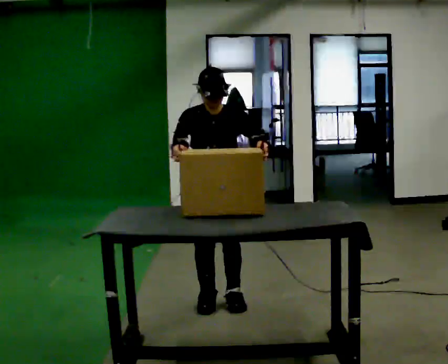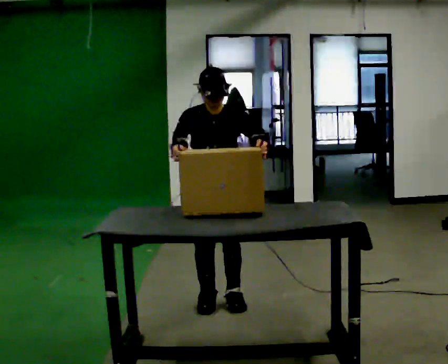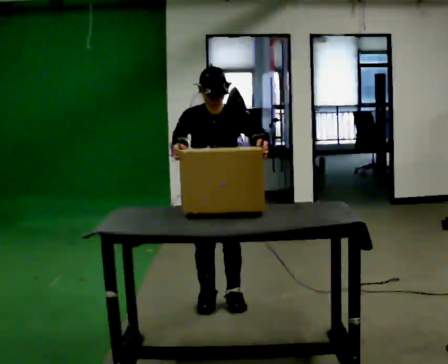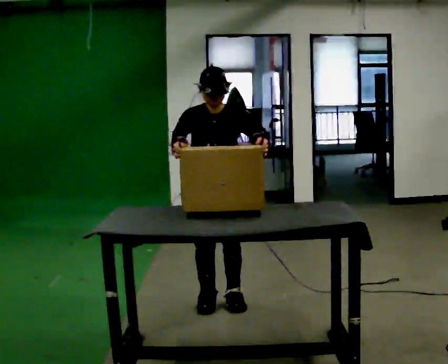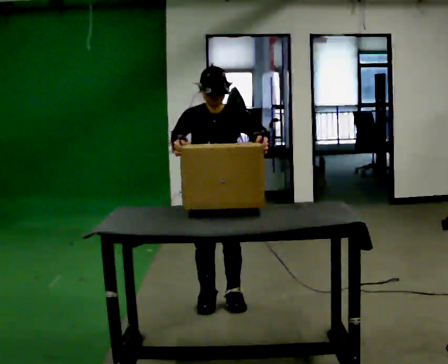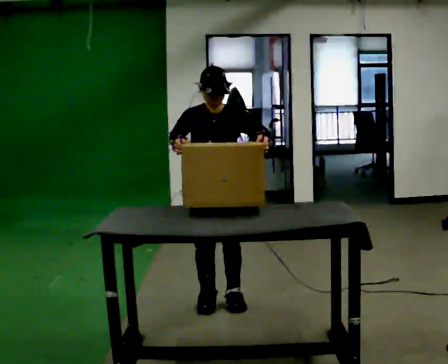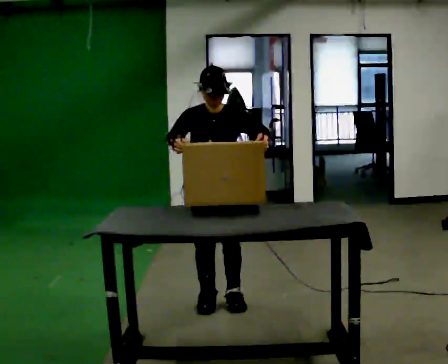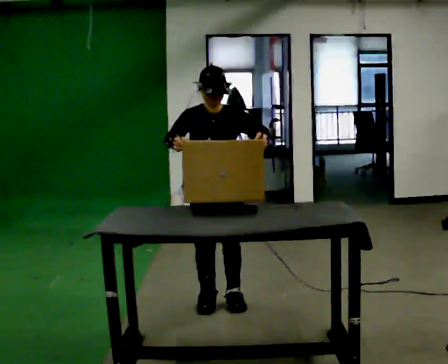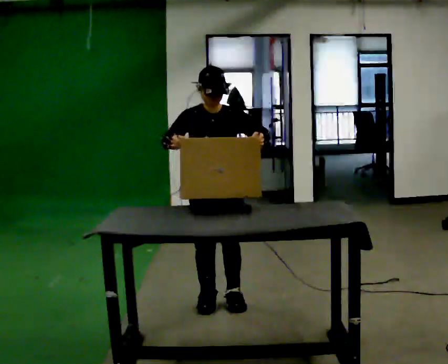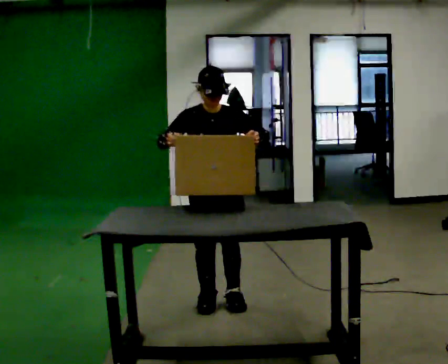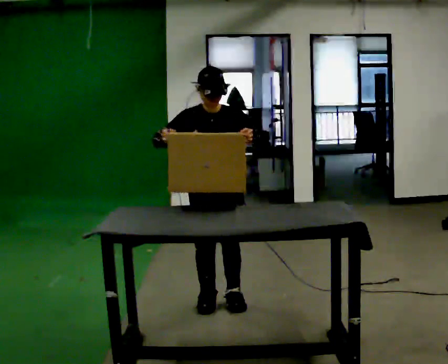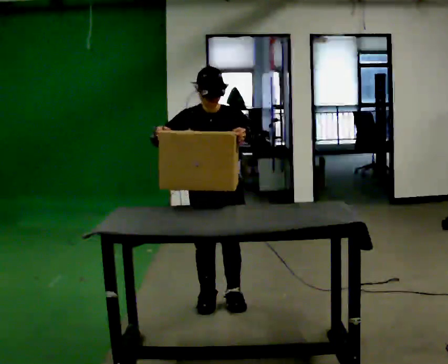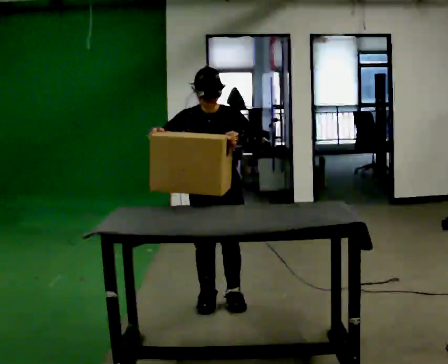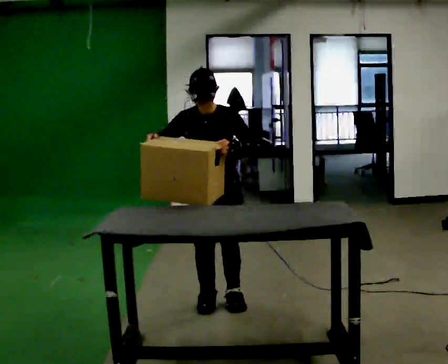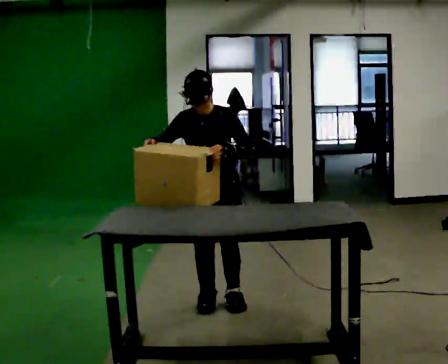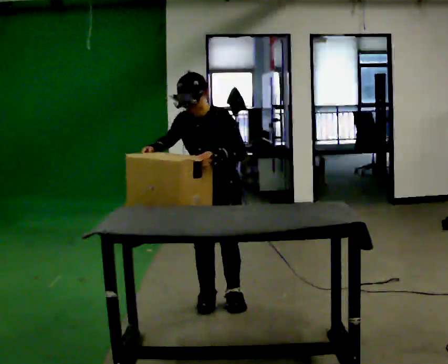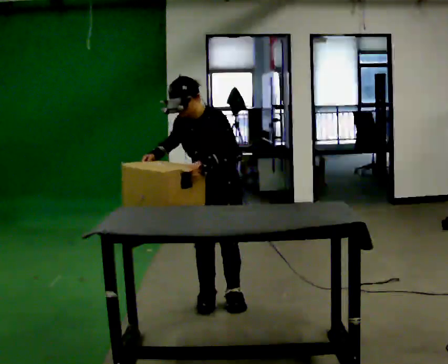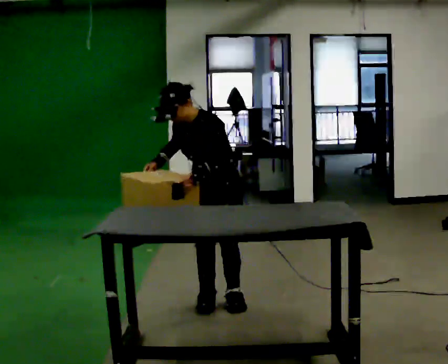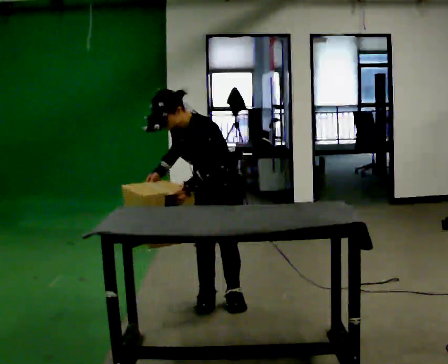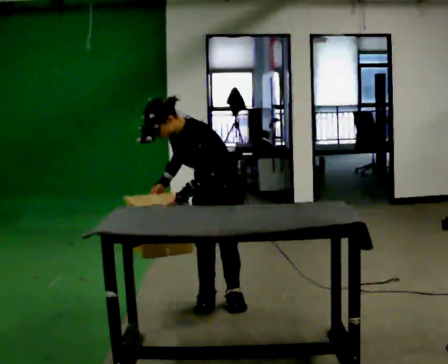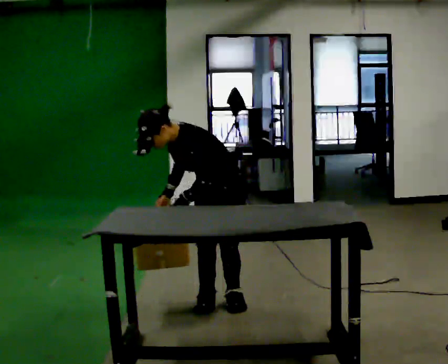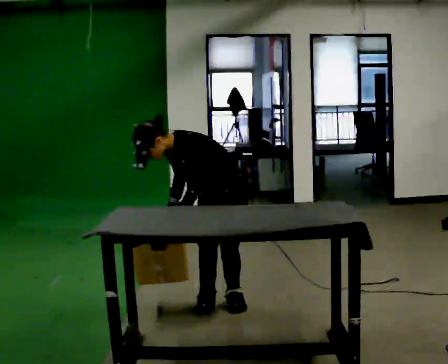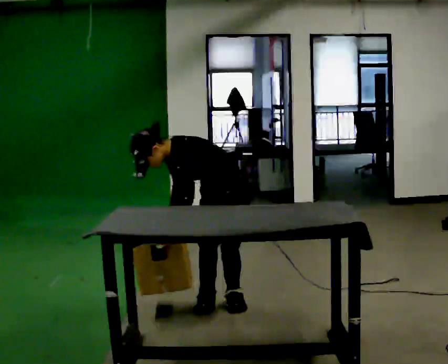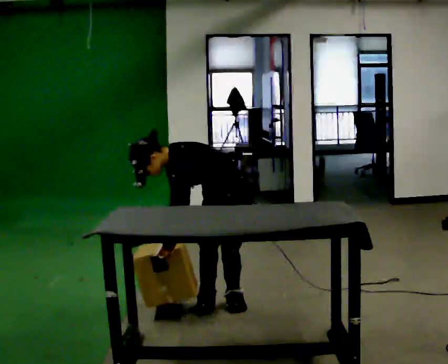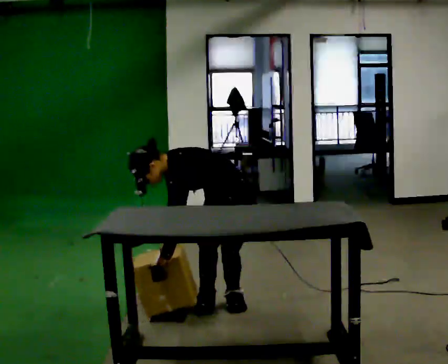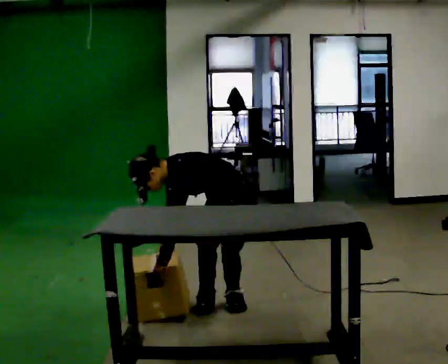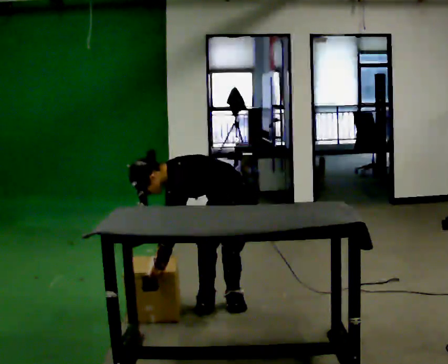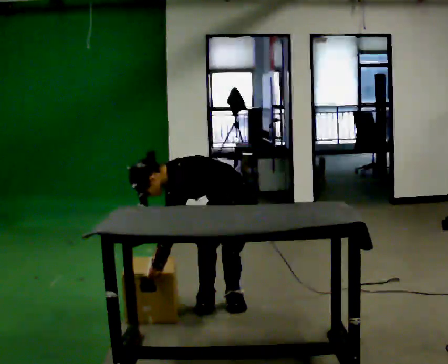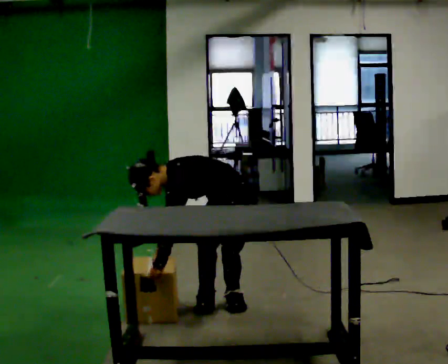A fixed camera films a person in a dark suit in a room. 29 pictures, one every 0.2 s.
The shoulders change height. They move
downward.
The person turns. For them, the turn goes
to their right.
0.0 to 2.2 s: The person moves a little, or ends about where they began.
2.2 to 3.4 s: The part of the body nearest the lens slides to the left as the person turns to their right by about 30 degrees. In the picture the upper body tilts counterclockwise, shoulders to the left, as they bend forward.
3.4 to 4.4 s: The part of the body nearest the lens slides to the left as the person turns to their right by about 30 degrees. The shoulders move downward. In the picture the upper body tilts counterclockwise, shoulders to the left, as they bend forward. In the picture their right hand goes downward.
4.4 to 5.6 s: In the picture the upper body tilts counterclockwise, shoulders to the left, as they bend forward.
The film runs backward here.
